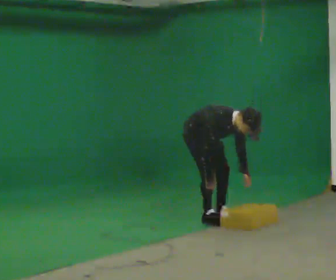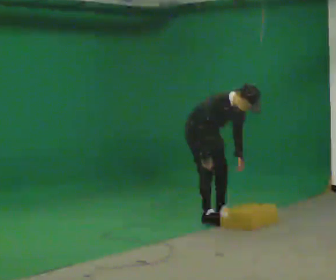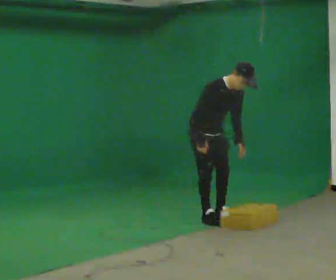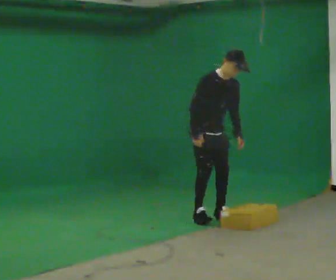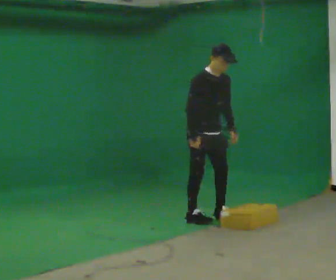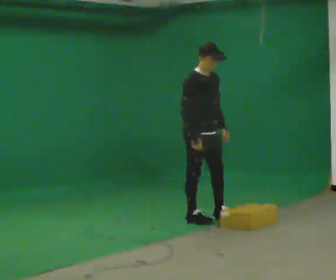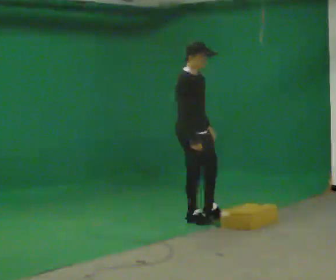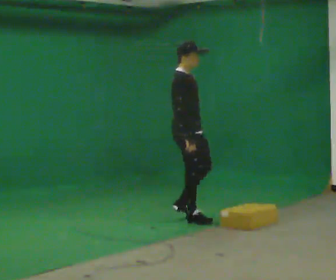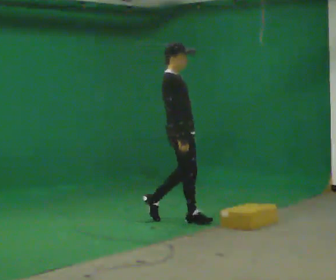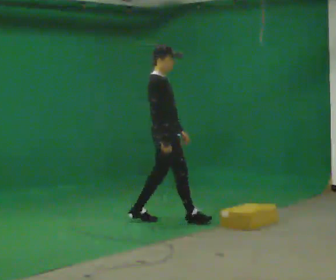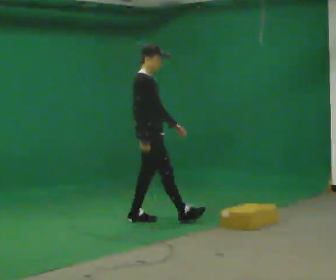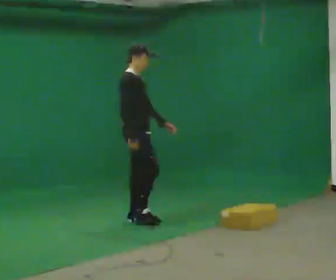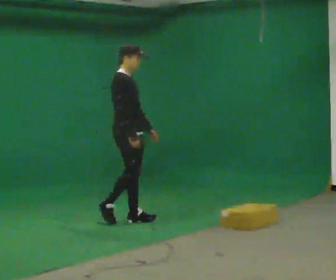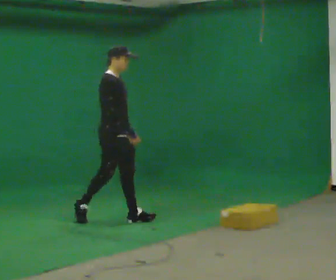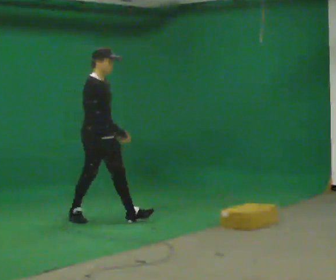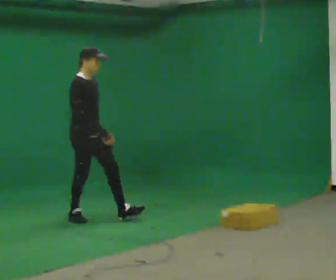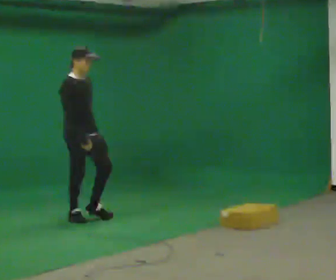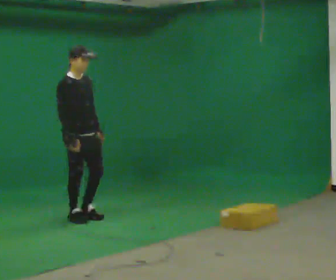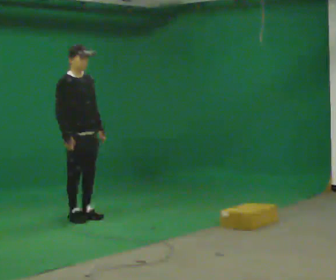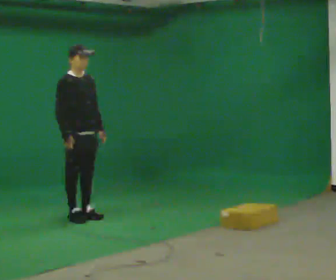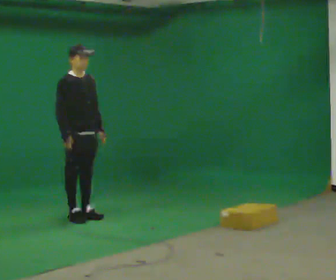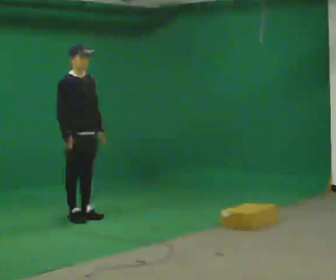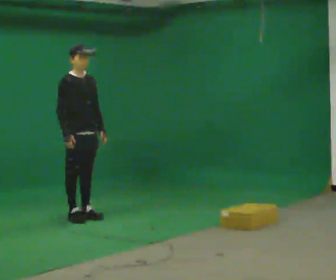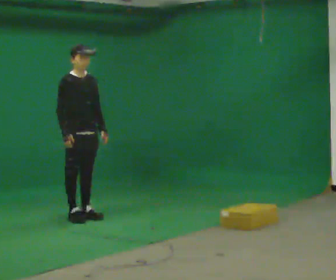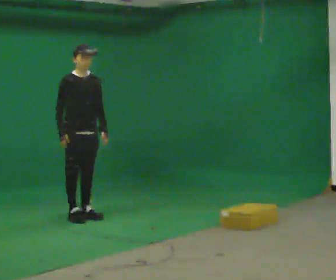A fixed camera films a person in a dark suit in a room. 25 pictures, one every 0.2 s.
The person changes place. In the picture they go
to the left.
The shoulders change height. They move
upward.
0.0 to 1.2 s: The upper body goes upward. In the picture the upper body tilts counterclockwise, shoulders to the left, as they lean back or straighten. In the picture their right hand goes upward.
1.2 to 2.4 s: In the picture they go to the left, about 0.75 m in 1 step, which for them is backward.
2.4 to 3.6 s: The part of the body nearest the lens slides to the left as the person turns to their right by about 30 degrees. In the picture they go to the left, about 0.5 m in 1 step, which for them is backward.
3.6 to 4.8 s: The person moves a little, or ends about where they began.
The film runs backward here.
